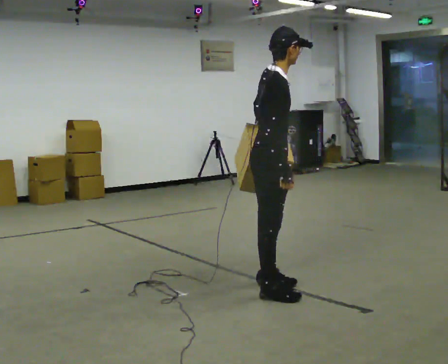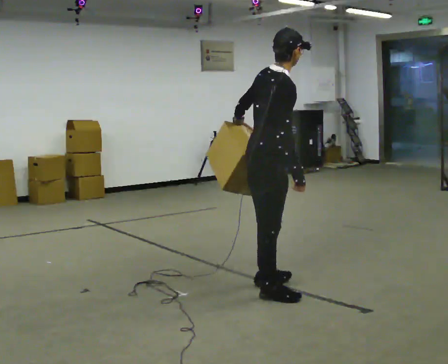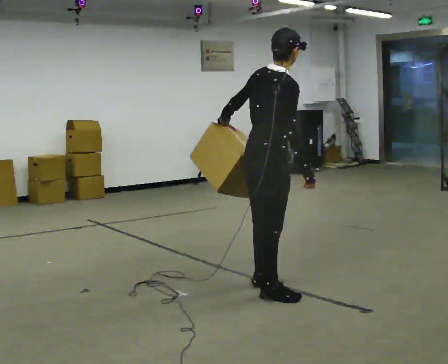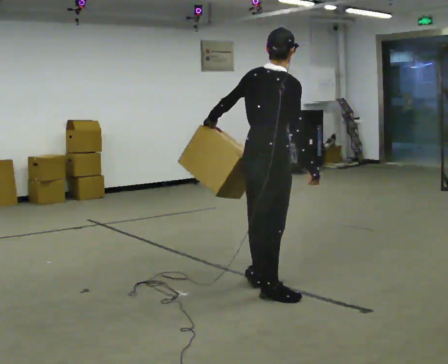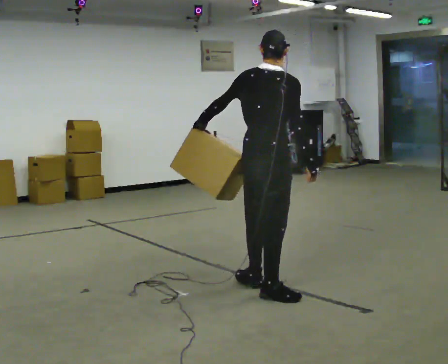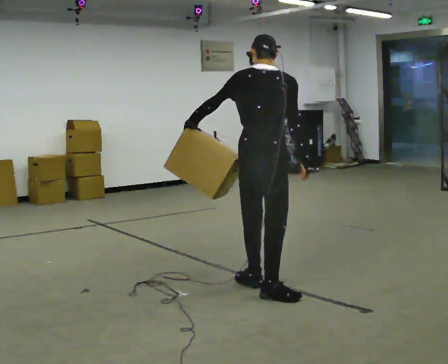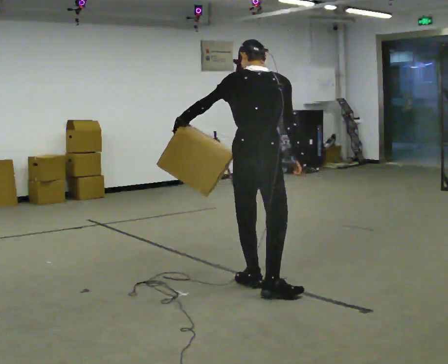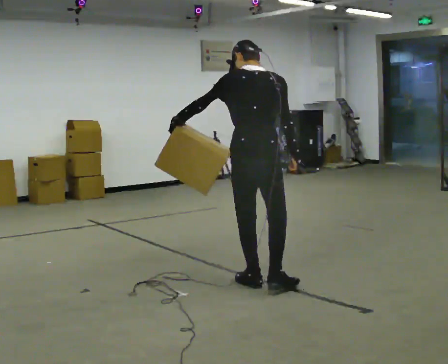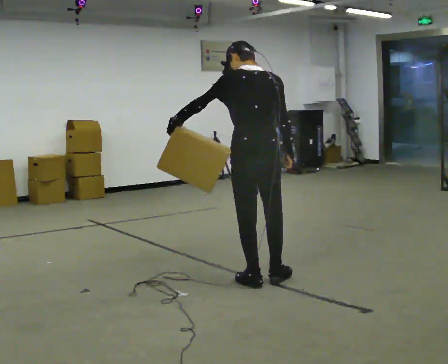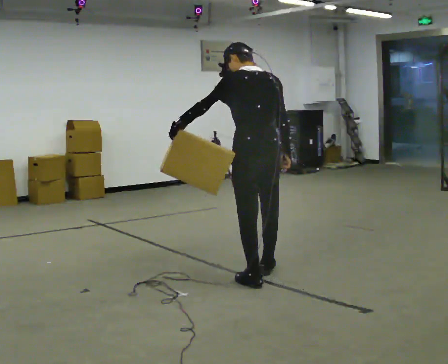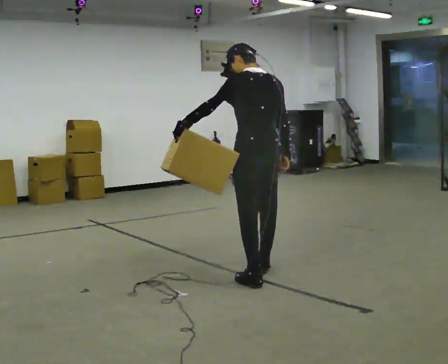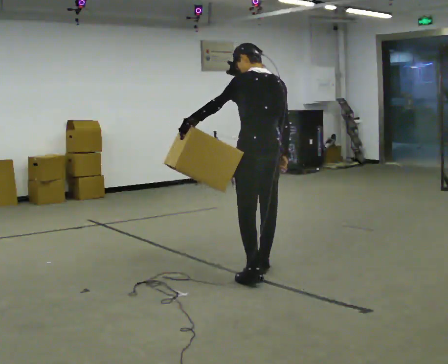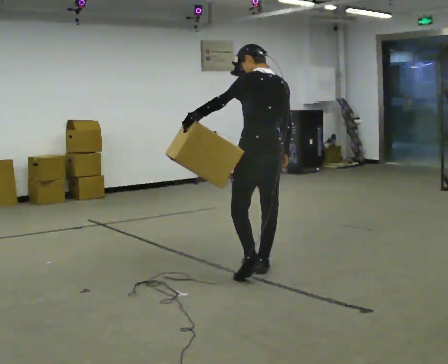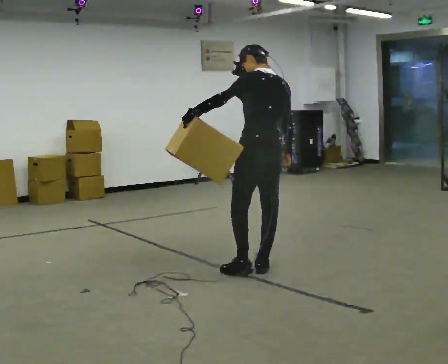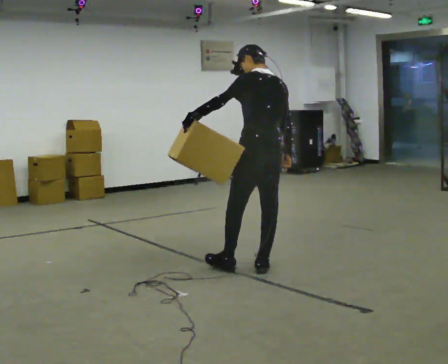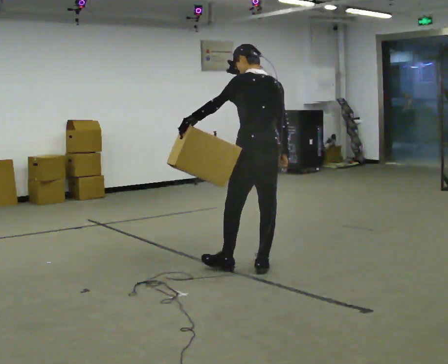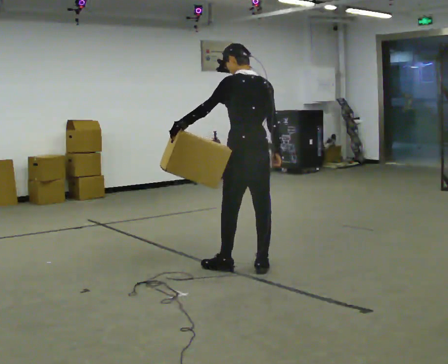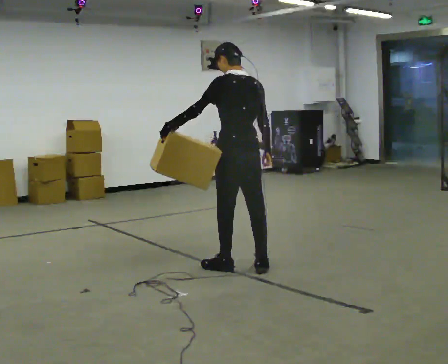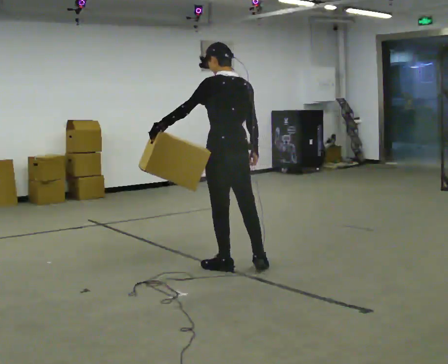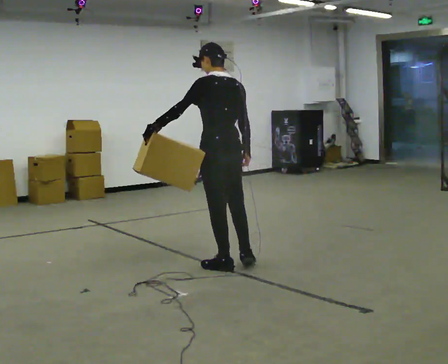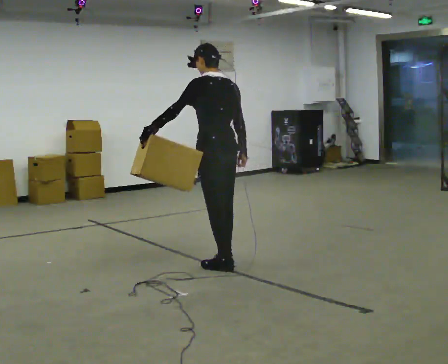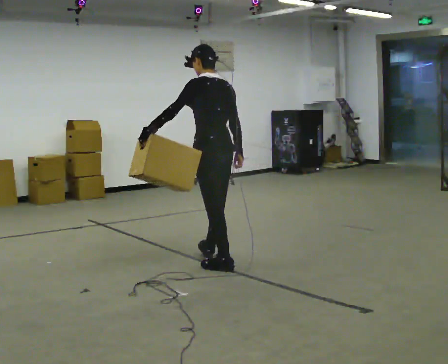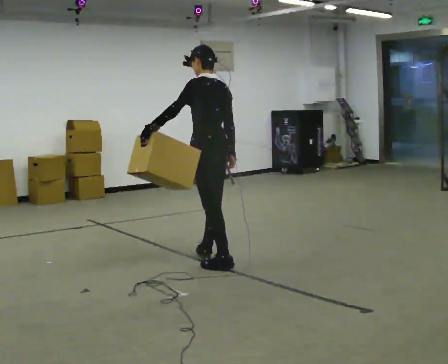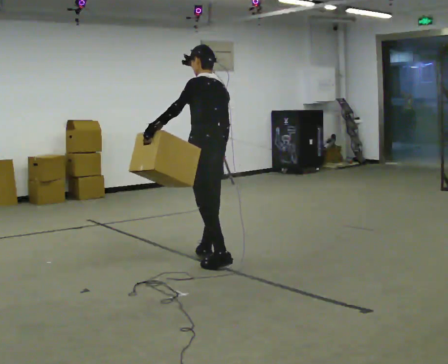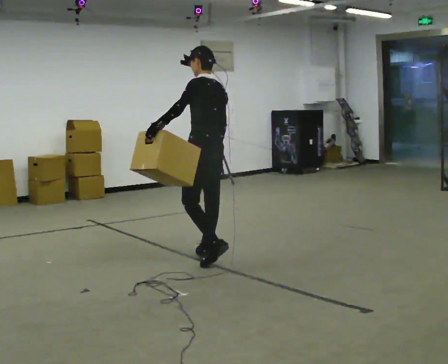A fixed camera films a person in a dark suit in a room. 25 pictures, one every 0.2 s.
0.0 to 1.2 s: Seen from above the body turns counterclockwise, about 75 degrees: to their left, with its near side sliding to the right. In the picture their left hand goes to the left.
1.2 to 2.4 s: The part of the body nearest the lens slides to the right as the person turns to their left by about 45 degrees. In the picture they go away from the camera, about 0.5 m in 1 step, which for them is forward and to their right.
2.4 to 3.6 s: In the picture they go to the left, about 0.25 m in 1 step, which for them is forward and to their left.
3.6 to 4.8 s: In the picture they go away from the camera and to the left, about 0.25 m in 1 step, which for them is forward.
The film runs forward here.
